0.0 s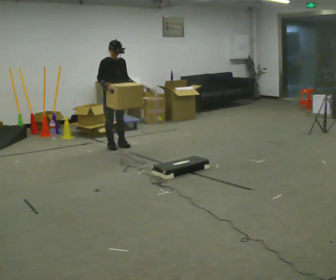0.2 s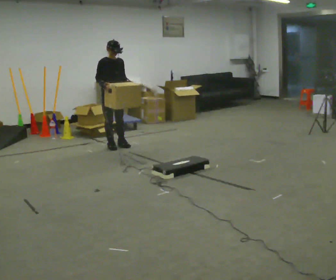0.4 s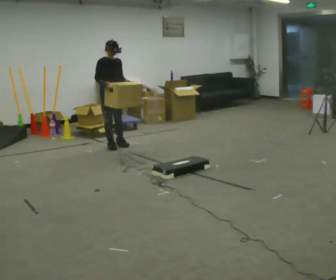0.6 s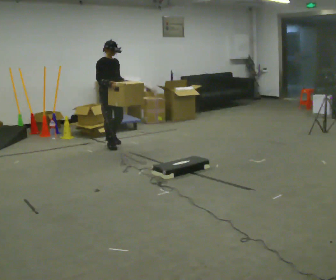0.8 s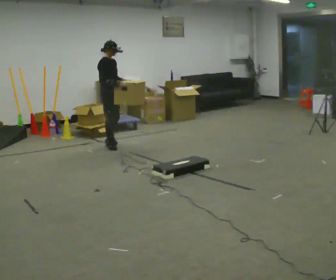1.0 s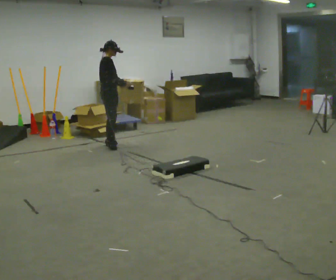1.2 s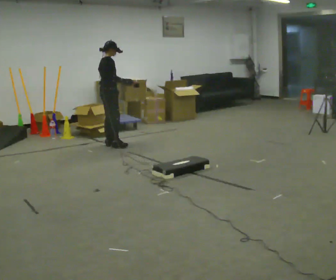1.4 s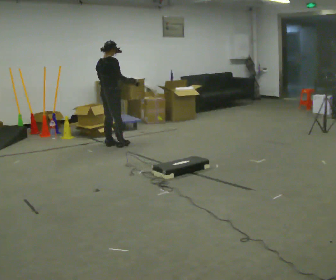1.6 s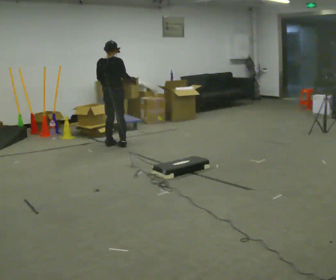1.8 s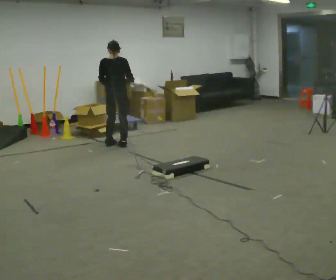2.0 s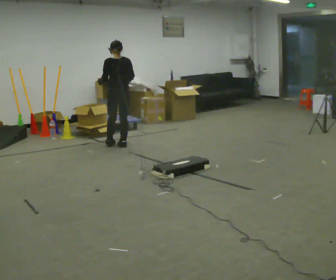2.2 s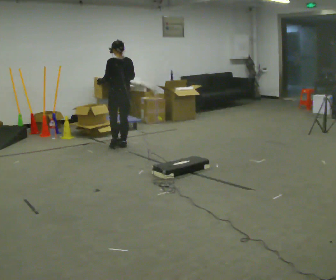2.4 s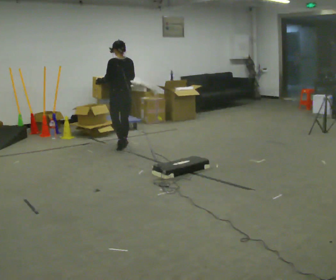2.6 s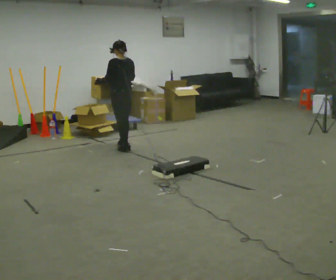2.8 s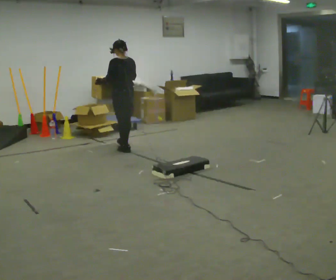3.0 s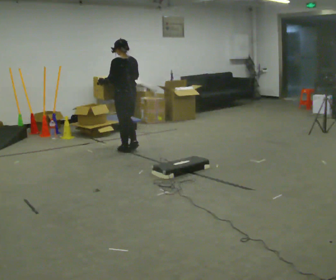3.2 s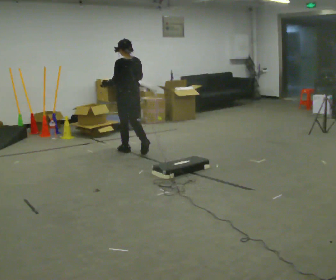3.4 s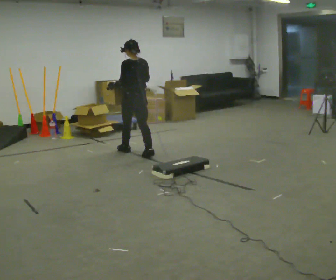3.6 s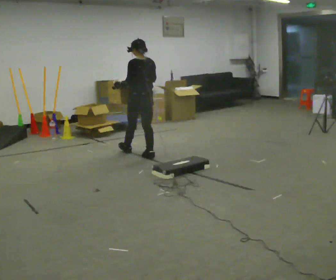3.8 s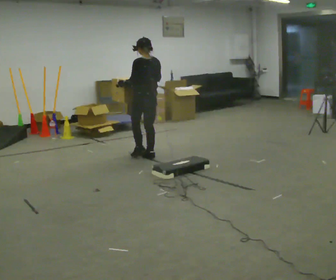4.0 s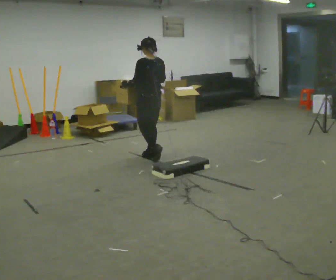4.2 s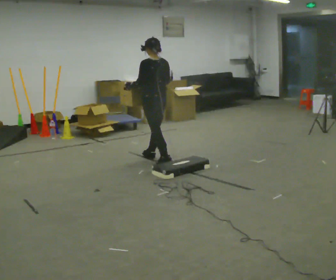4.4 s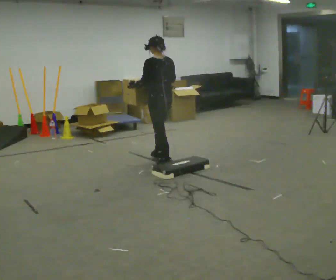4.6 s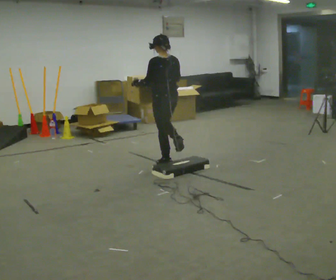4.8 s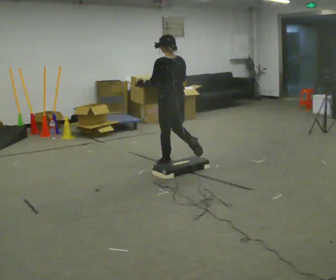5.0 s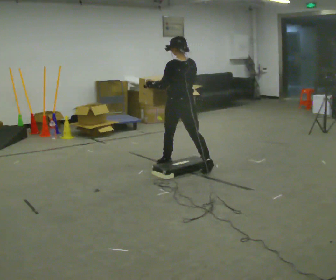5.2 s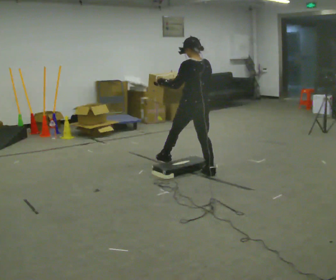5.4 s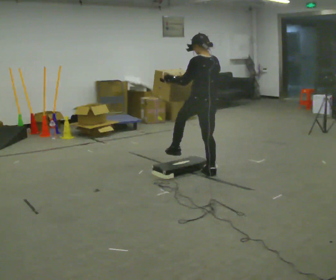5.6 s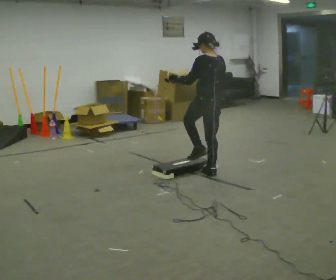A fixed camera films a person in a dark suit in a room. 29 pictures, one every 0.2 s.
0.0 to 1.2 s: Seen from above the body turns counterclockwise, about 75 degrees: to their left, with its near side sliding to the right. In the picture their right hand goes to the right.
1.2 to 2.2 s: The part of the body nearest the lens slides to the right as the person turns to their left by about 105 degrees. In the picture they go to the right, about 0.25 m in 1 step.
2.2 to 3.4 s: In the picture they go toward the camera, about 0.5 m in 1 step, which for them is backward.
3.4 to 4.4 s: In the picture they go toward the camera and to the right, about 0.5 m in 2 steps, which for them is backward.
4.4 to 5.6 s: In the picture they go toward the camera and to the right, about 0.5 m in 1 step, which for them is backward.
The film runs backward here.
